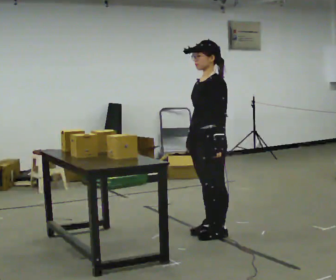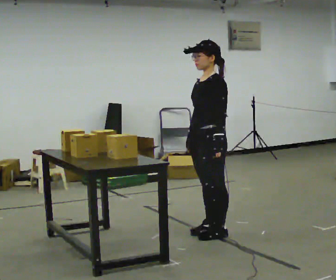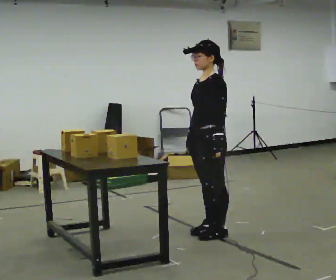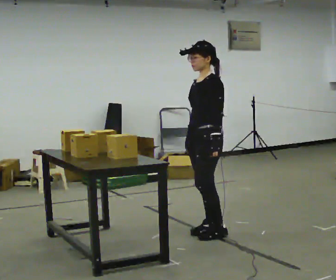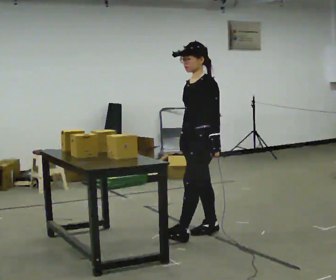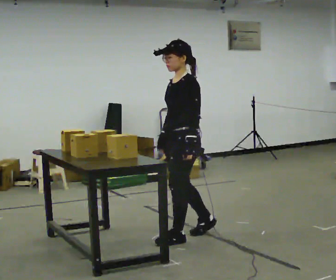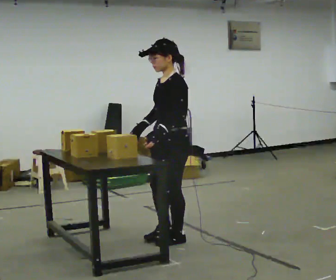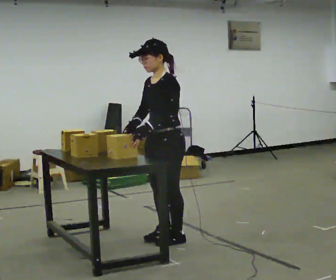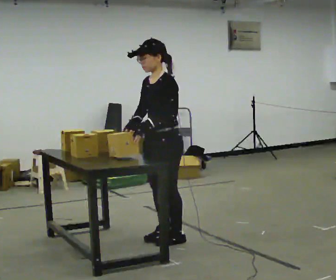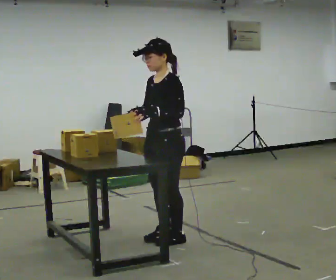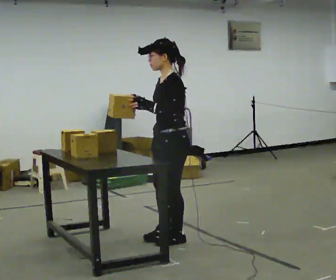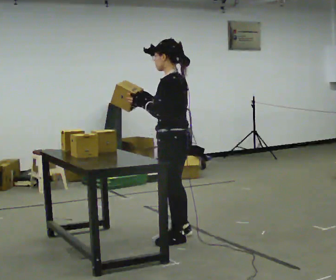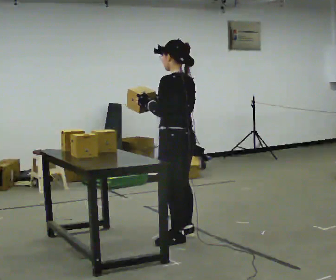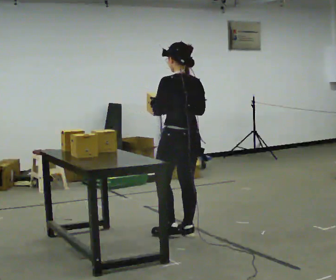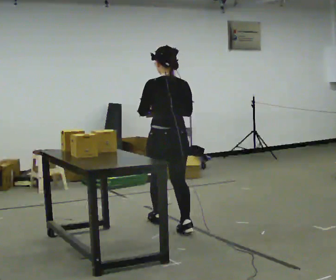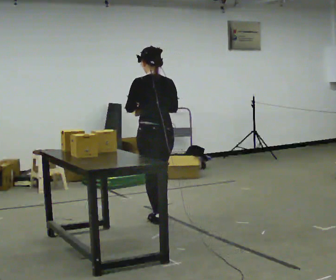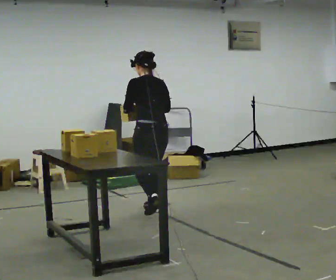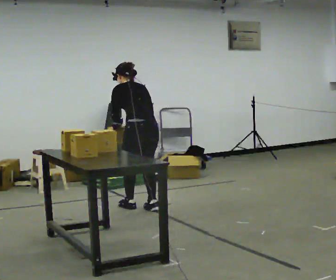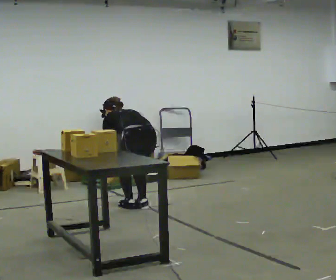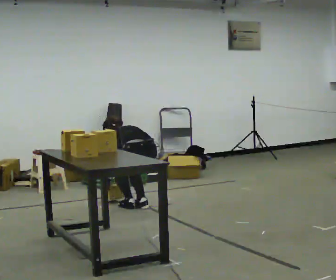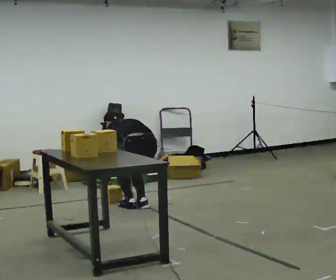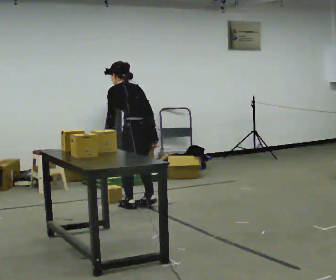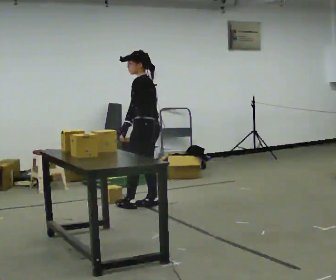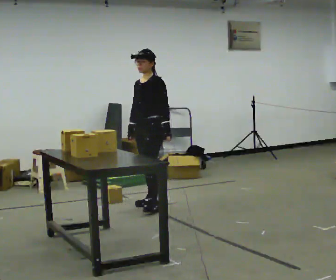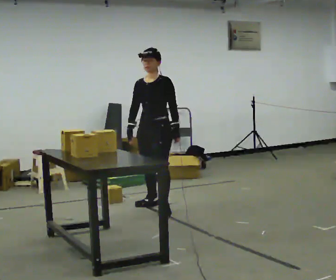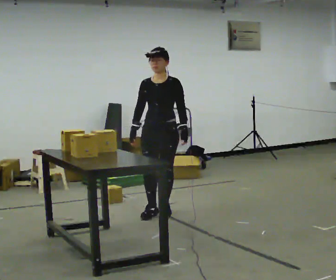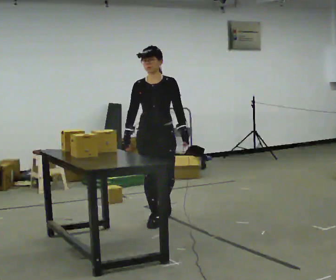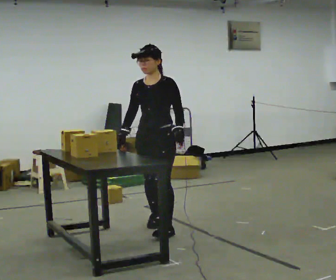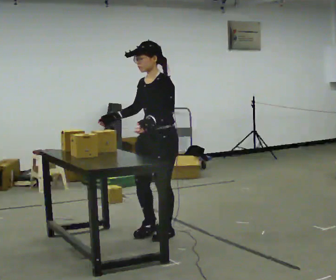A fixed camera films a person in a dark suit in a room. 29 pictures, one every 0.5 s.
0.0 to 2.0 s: The person moves a little, or ends about where they began.
2.0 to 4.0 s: In the picture they go to the left and toward the camera, about 0.25 m in 2 steps, which for them is forward.
4.0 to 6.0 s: The part of the body nearest the lens slides to the left as the person turns to their right by about 60 degrees.
6.0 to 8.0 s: The part of the body nearest the lens slides to the left as the person turns to their right by about 30 degrees. In the picture they go away from the camera, about 1 m in 2 steps, which for them is forward.
8.0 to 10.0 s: In the picture they go away from the camera, about 0.25 m in 2 steps, which for them is forward. The shoulders move downward. The upper body tips away from the camera, its near side rolling upward, as they bend forward. In the picture their left hand goes downward.
10.0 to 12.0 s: The person turns about 105 degrees to their left, counterclockwise seen from above, so the part of the body nearest the lens slides to the right. The upper body goes upward. The upper body tips toward the camera, its near side rolling downward, as they lean back or straighten. In the picture their left hand goes to the right and upward, the arm swinging counterclockwise.
12.0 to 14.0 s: In the picture they go toward the camera, about 1 m in 2 steps, which for them is forward.
The film runs forward here.
